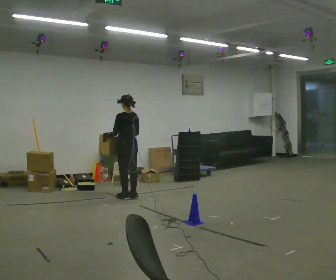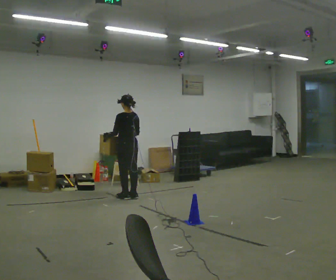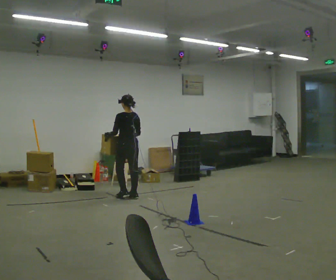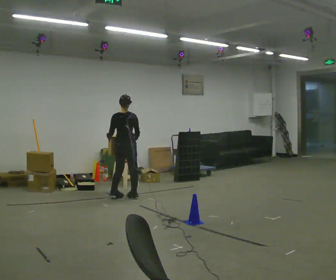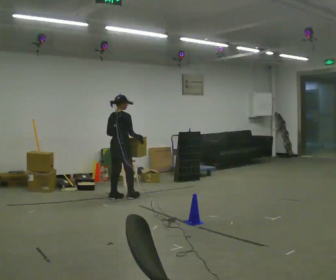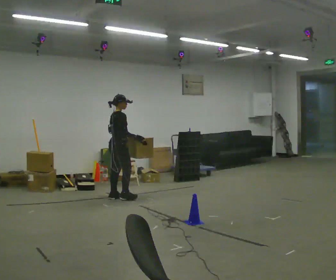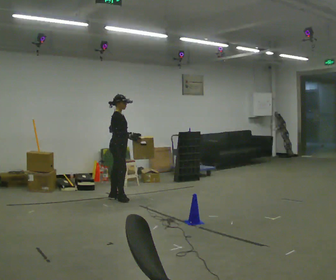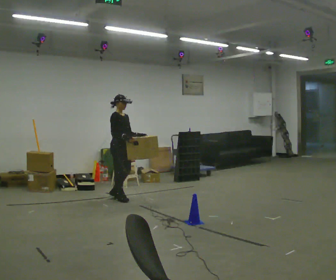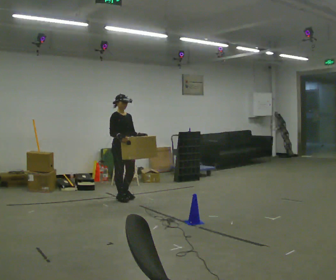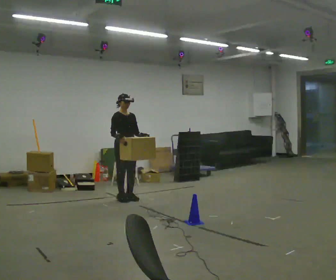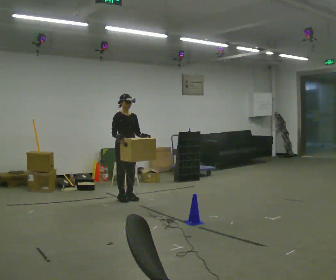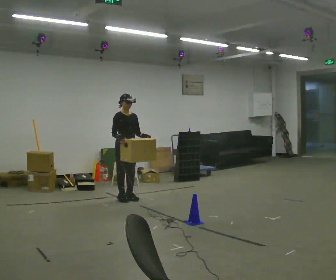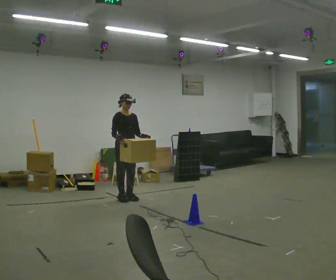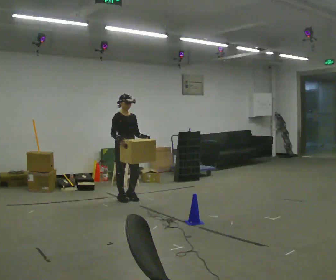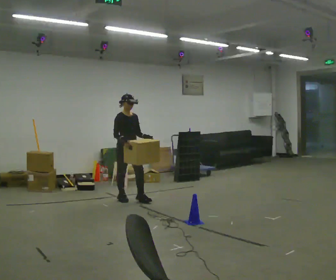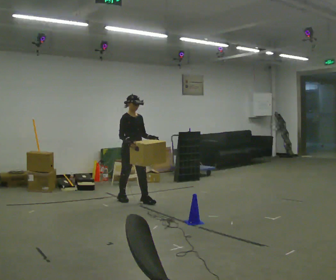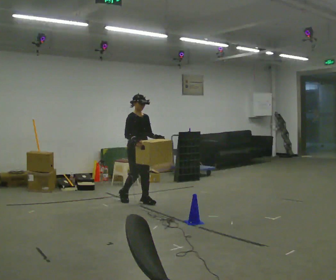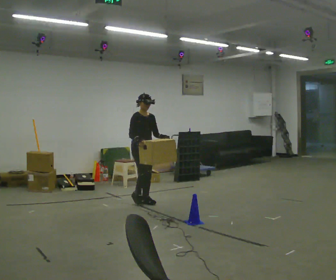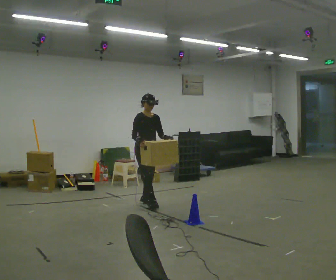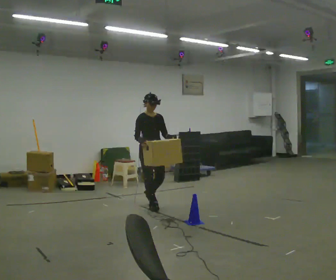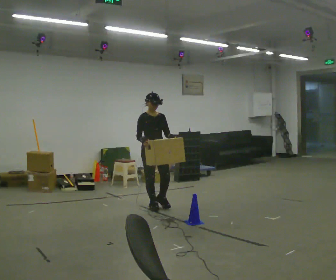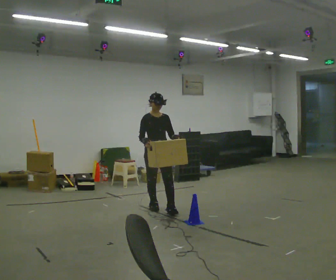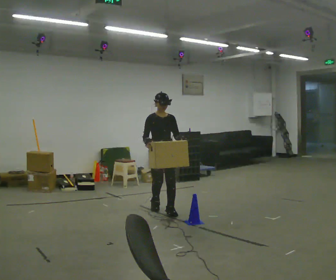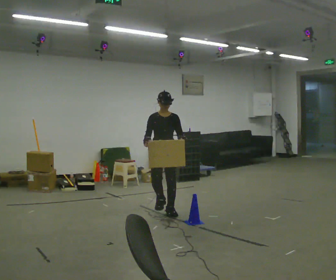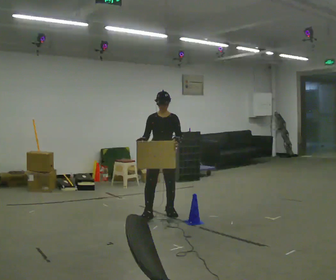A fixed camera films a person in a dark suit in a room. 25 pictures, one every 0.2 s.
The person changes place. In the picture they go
toward the camera.
The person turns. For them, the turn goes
to their right.
0.0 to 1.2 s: Seen from above the body turns clockwise, about 135 degrees: to their right, with its near side sliding to the left. In the picture their left hand goes to the right.
1.2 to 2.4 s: The part of the body nearest the lens slides to the left as the person turns to their right by about 45 degrees.
2.4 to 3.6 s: In the picture they go toward the camera and to the right, about 0.5 m in 1 step, which for them is forward.
3.6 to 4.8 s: The person turns about 45 degrees to their right, clockwise seen from above, so the part of the body nearest the lens slides to the left. In the picture they go toward the camera, about 0.75 m in 2 steps, which for them is forward.
The film runs forward here.
